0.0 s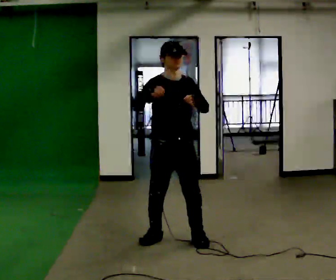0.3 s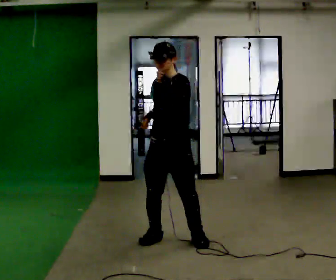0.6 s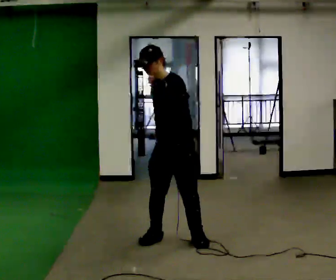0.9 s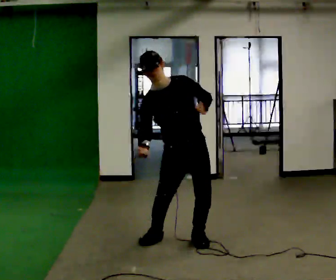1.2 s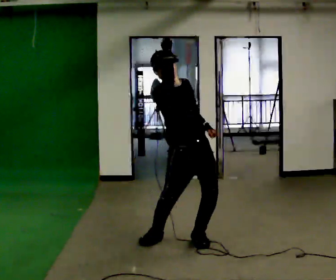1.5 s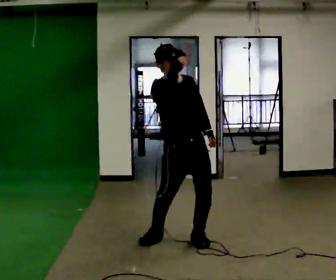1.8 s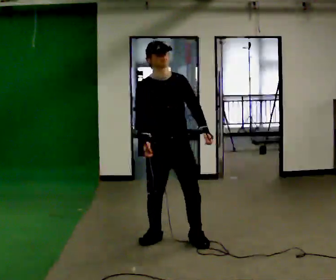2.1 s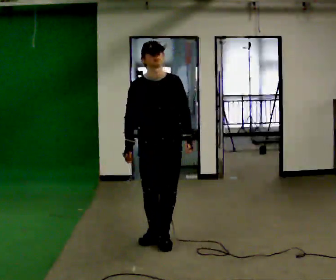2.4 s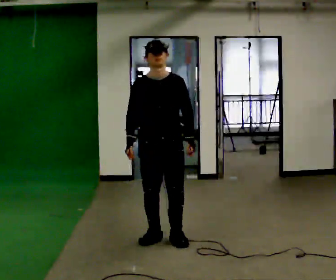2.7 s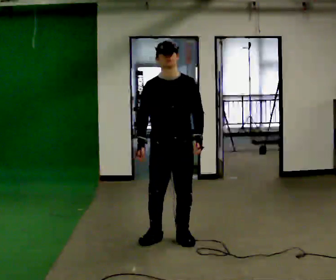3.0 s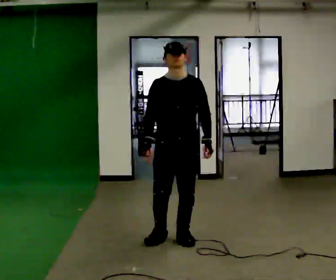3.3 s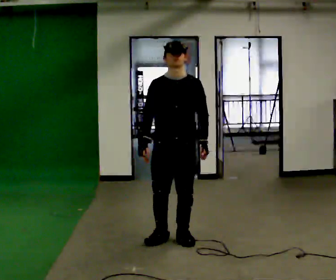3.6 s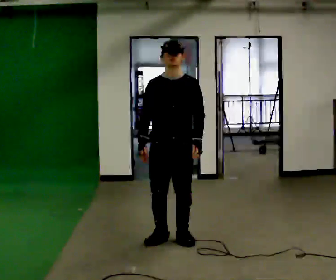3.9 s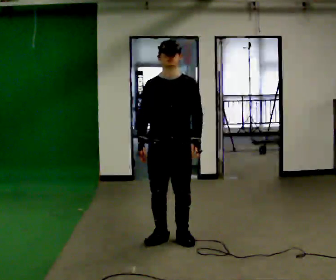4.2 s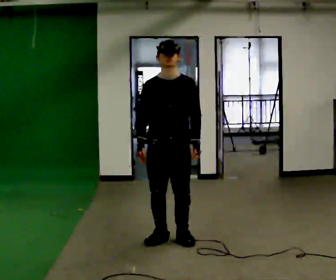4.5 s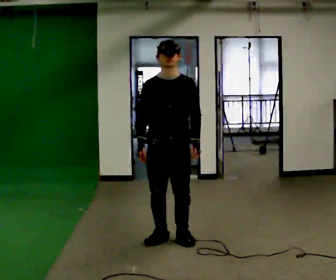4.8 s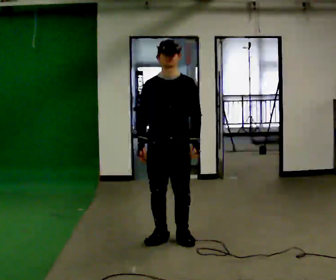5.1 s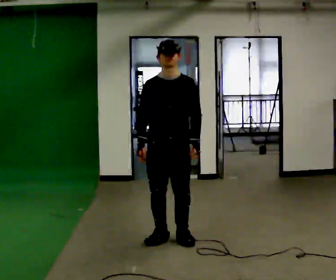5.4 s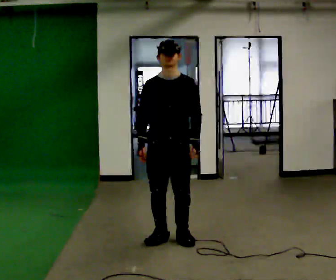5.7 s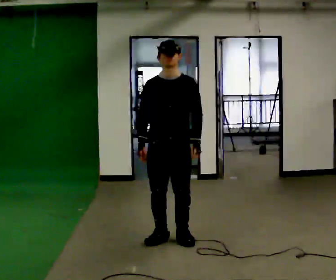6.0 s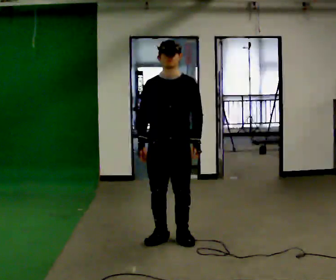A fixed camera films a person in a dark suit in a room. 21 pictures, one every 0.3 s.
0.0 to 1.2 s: The person moves a little, or ends about where they began.
1.2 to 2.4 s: The person turns about 30 degrees to their right, clockwise seen from above, so the part of the body nearest the lens slides to the left. In the picture they go to the left, about 0.25 m, which for them is to their right. In the picture the upper body tilts clockwise, shoulders to the right. In the picture their right hand goes downward and to the left.
2.4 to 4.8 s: The person moves a little, or ends about where they began.
4.8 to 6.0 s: The person keeps their place and pose.
The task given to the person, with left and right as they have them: Mimic boxing into the air at moderate speed with both hands, moving your feet only a little. Stay controlled; do not punch at full speed.
The film runs forward here.
